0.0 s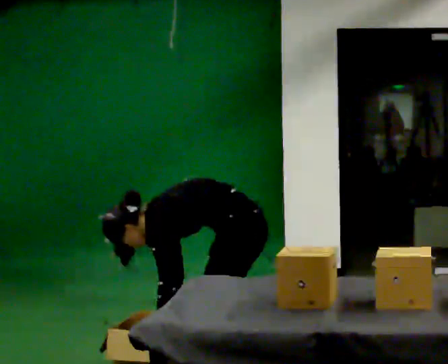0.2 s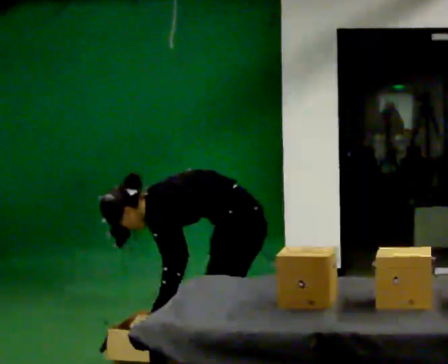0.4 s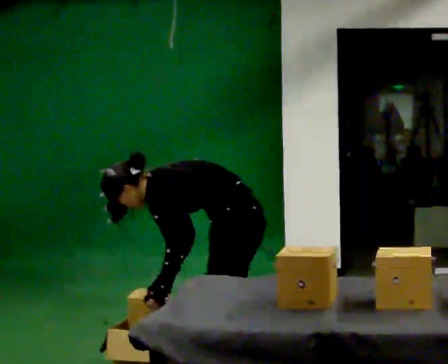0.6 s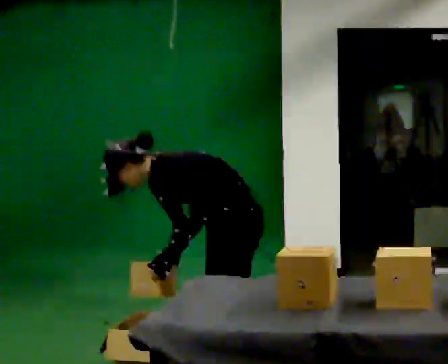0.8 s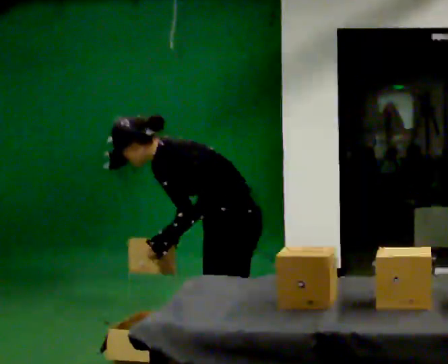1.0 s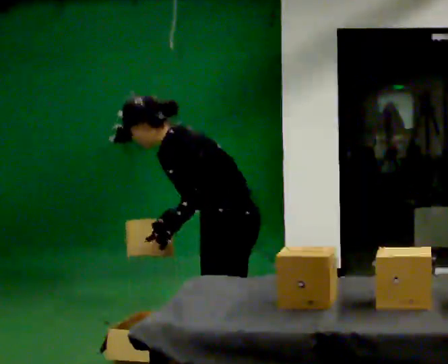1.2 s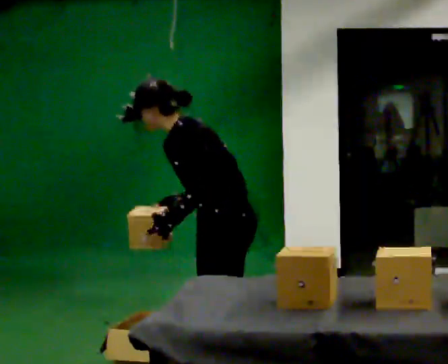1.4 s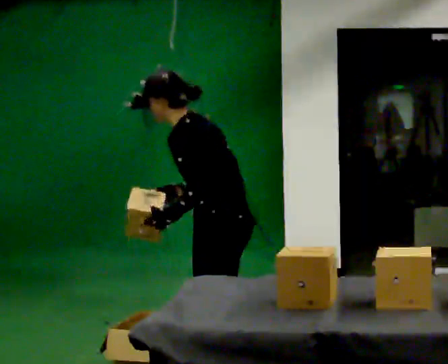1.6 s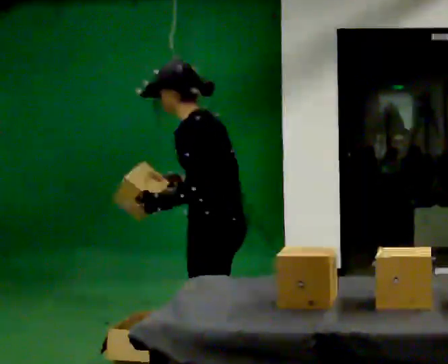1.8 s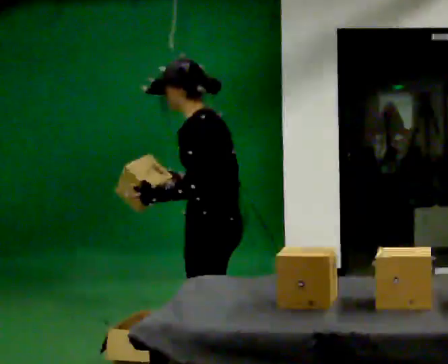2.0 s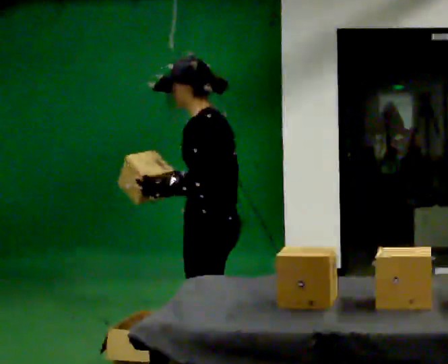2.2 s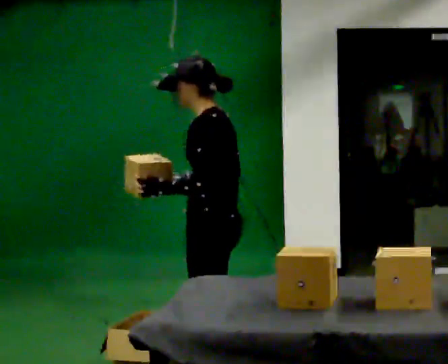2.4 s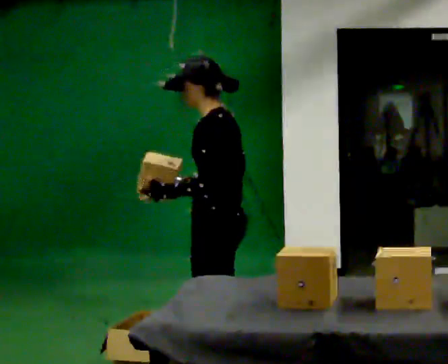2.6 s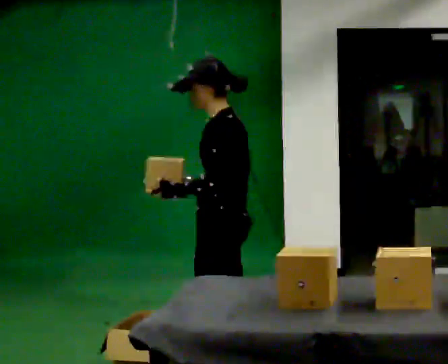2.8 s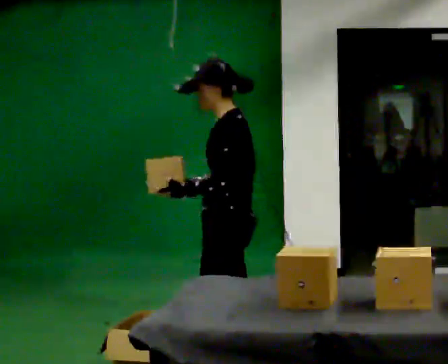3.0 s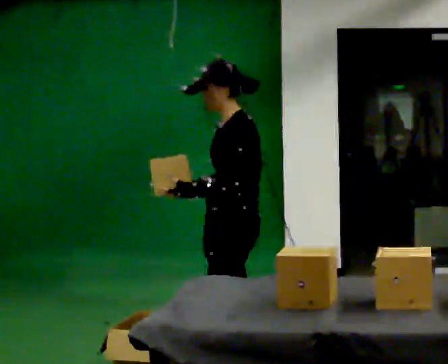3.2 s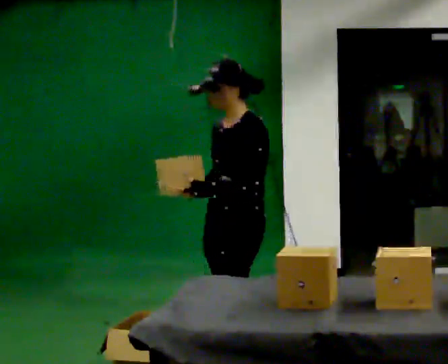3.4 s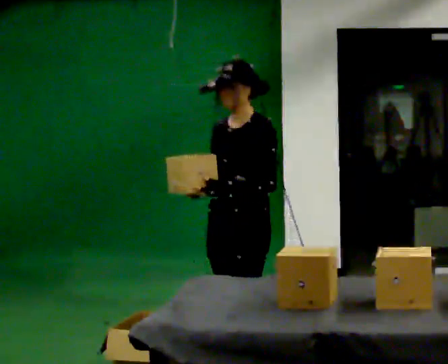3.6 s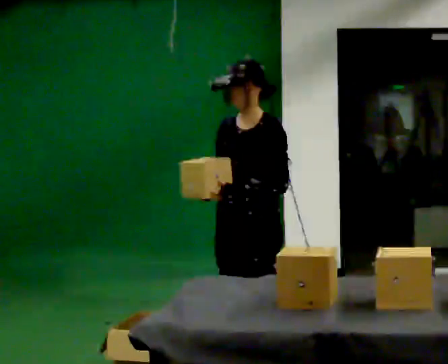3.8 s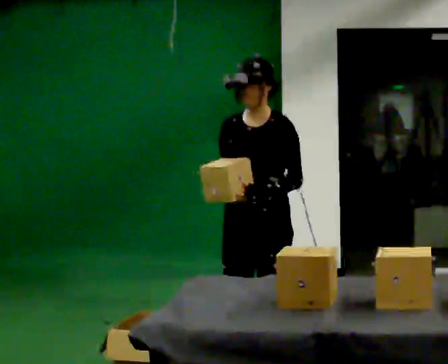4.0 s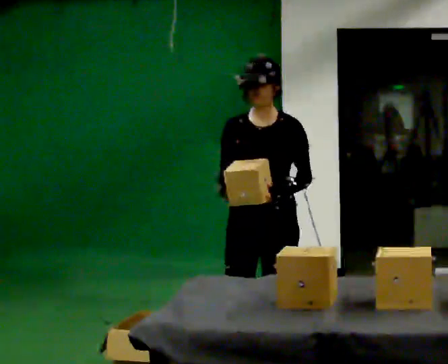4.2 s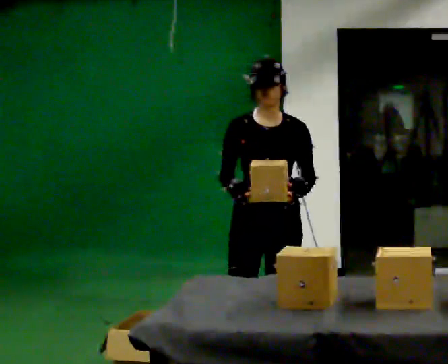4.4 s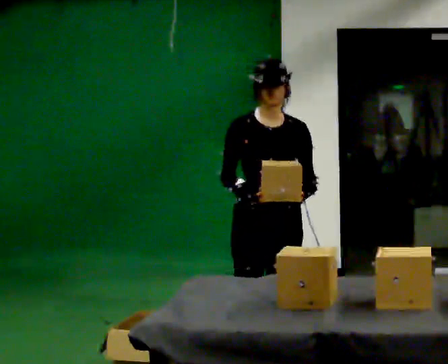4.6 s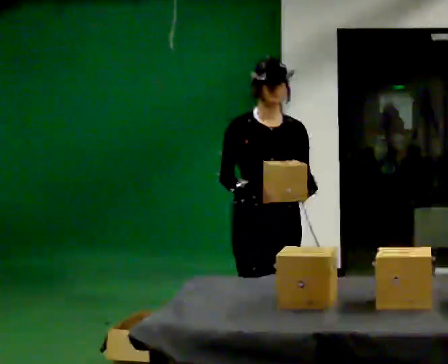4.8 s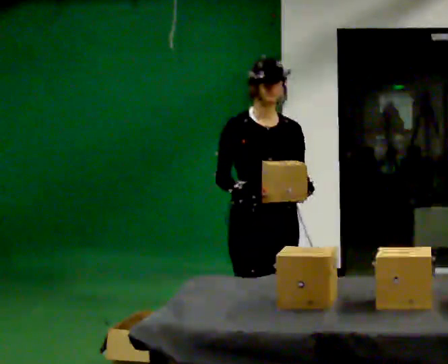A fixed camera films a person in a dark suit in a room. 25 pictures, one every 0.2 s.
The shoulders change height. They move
upward.
The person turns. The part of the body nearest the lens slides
to the right.
0.0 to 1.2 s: The upper body goes upward. In the picture the upper body tilts clockwise, shoulders to the right, as they lean back or straighten. In the picture their right hand goes upward.
1.2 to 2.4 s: In the picture the upper body tilts clockwise, shoulders to the right, as they lean back or straighten.
2.4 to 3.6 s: The person turns about 60 degrees to their left, counterclockwise seen from above, so the part of the body nearest the lens slides to the right. In the picture they go to the right, about 0.25 m in 1 step. In the picture their left hand goes to the right.
3.6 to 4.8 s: The person turns about 60 degrees to their left, counterclockwise seen from above, so the part of the body nearest the lens slides to the right.
The film runs forward here.
